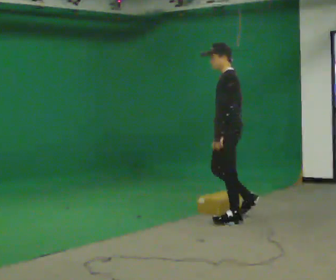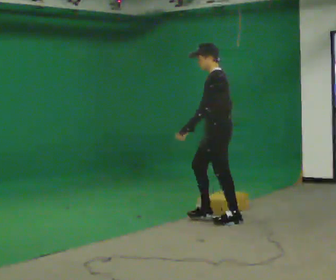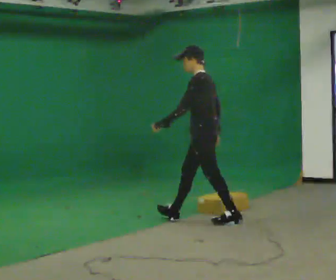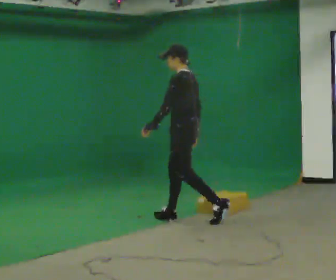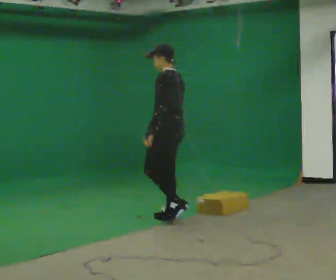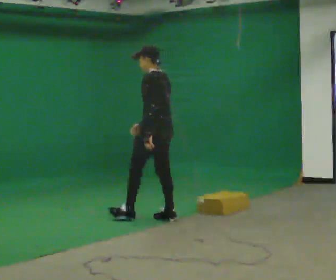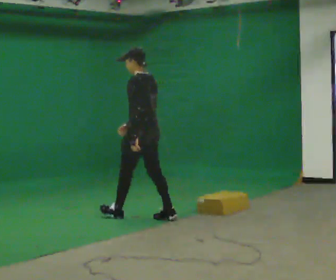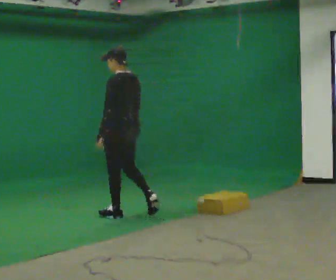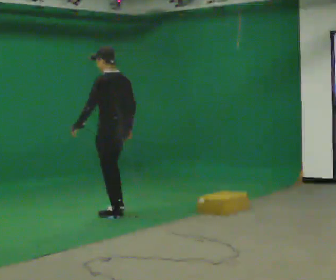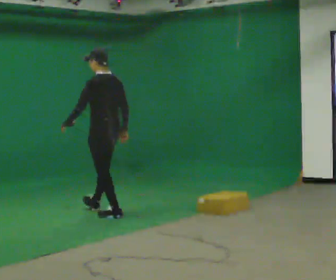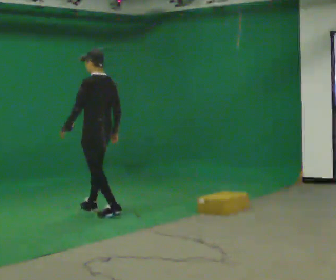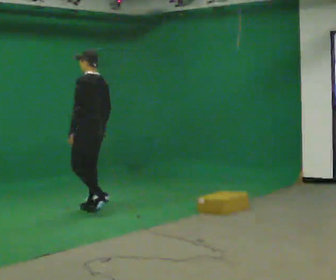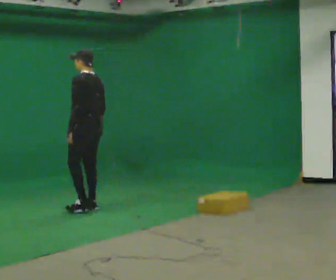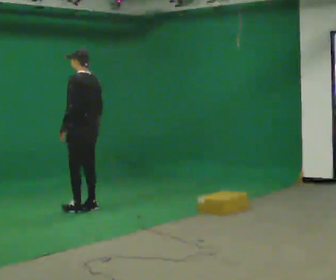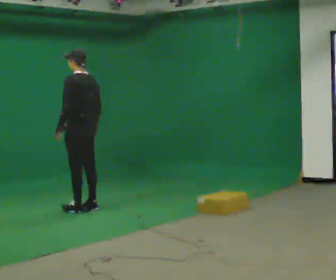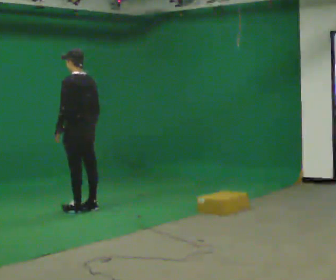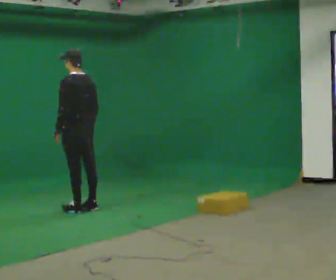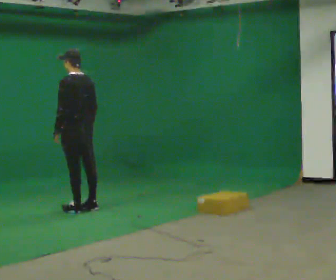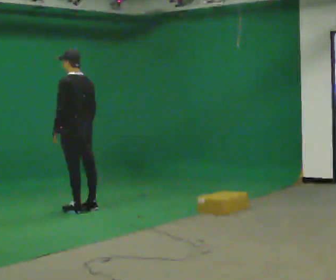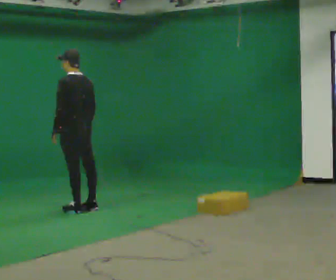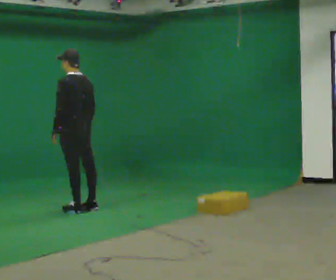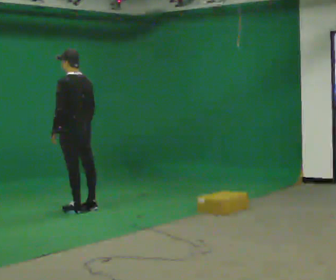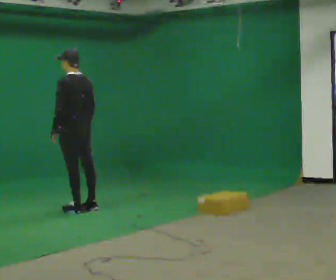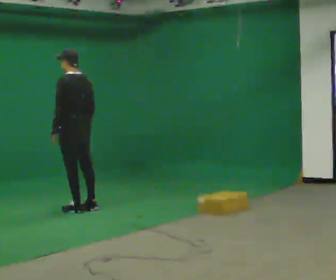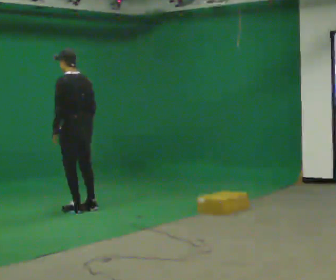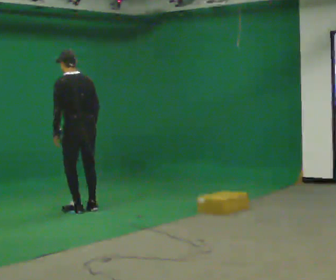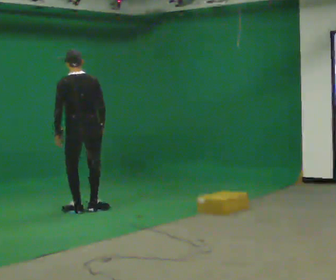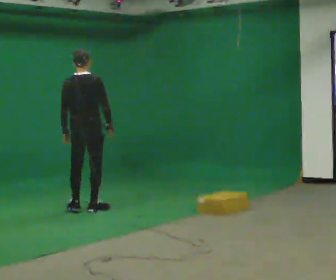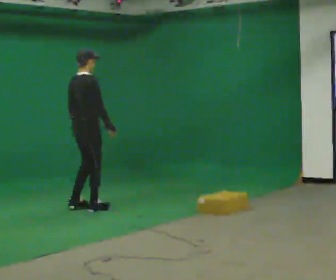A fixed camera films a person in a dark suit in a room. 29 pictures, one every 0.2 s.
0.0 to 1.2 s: The part of the body nearest the lens slides to the left as the person turns to their right by about 30 degrees. In the picture they go to the left, about 1 m in 2 steps, which for them is forward.
1.2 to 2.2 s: In the picture they go to the left and away from the camera, about 0.5 m in 1 step, which for them is forward.
2.2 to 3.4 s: In the picture they go to the left, about 0.25 m in 1 step, which for them is forward.
3.4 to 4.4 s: The person moves a little, or ends about where they began.
4.4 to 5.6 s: The person turns about 105 degrees to their right, clockwise seen from above, so the part of the body nearest the lens slides to the left.
The film runs forward here.
